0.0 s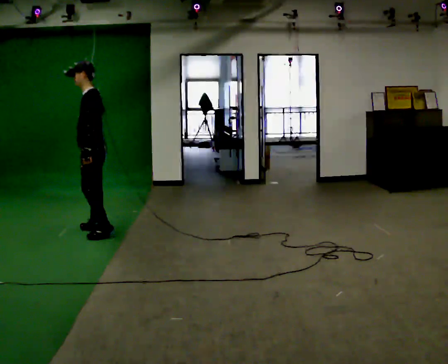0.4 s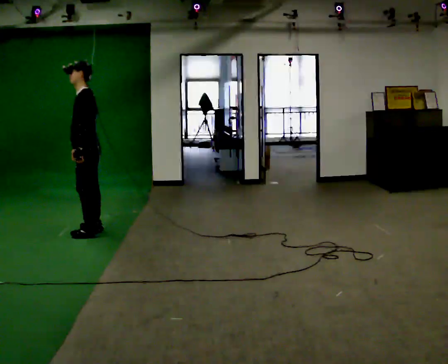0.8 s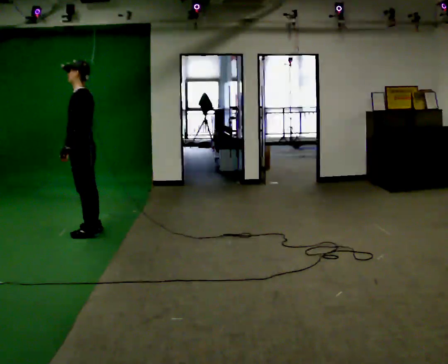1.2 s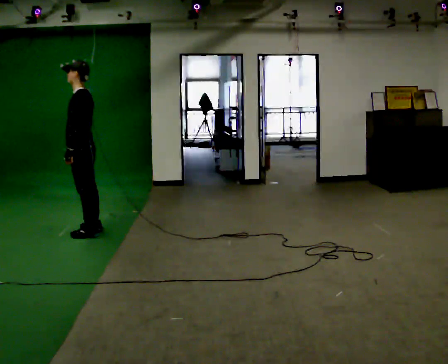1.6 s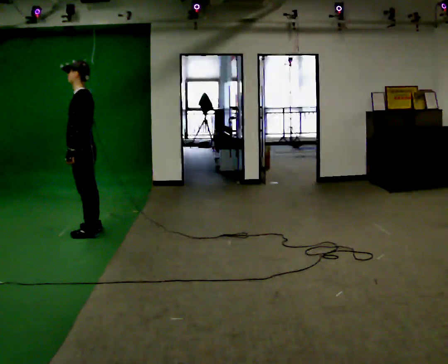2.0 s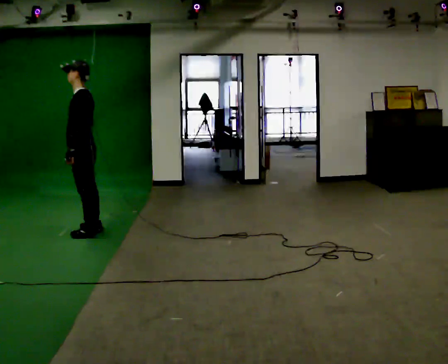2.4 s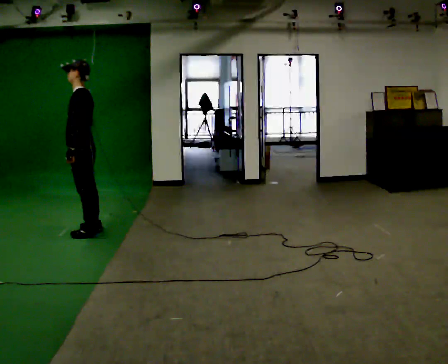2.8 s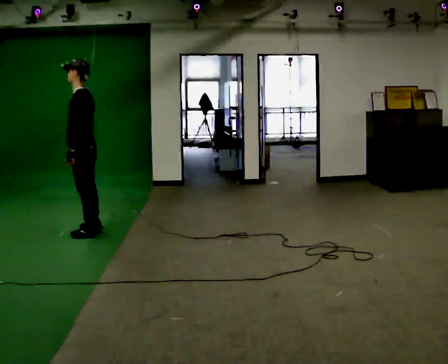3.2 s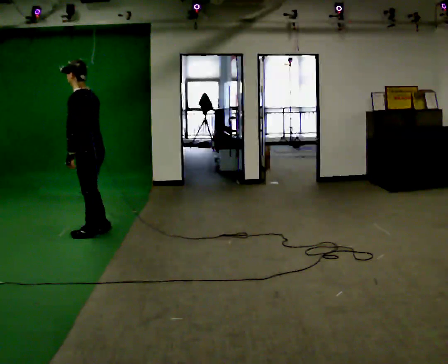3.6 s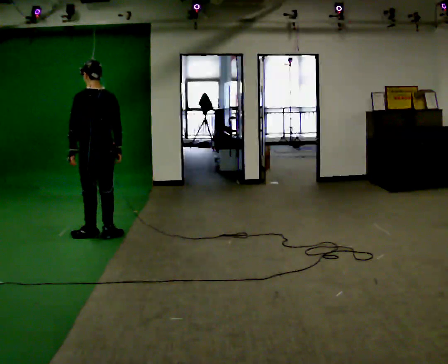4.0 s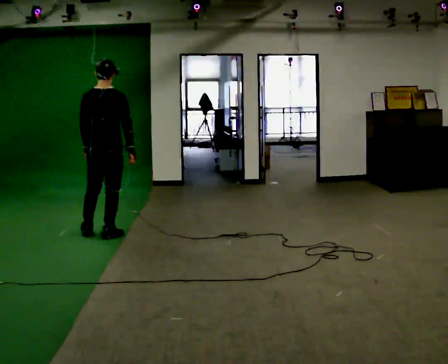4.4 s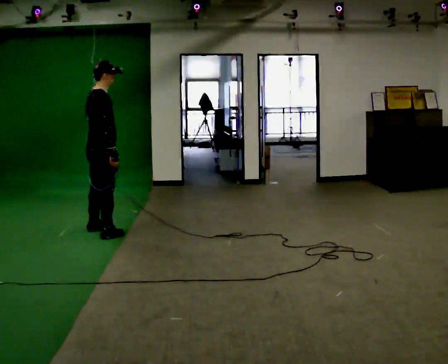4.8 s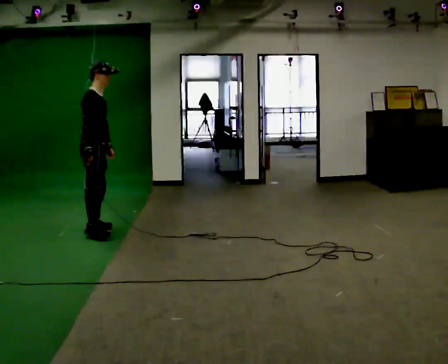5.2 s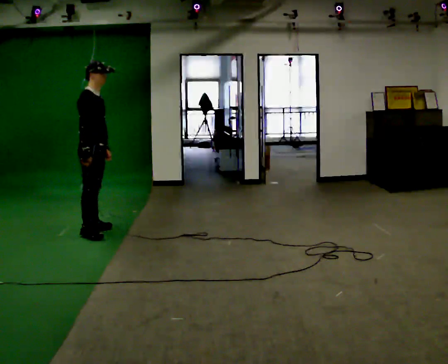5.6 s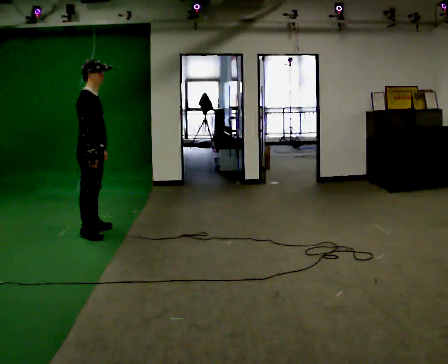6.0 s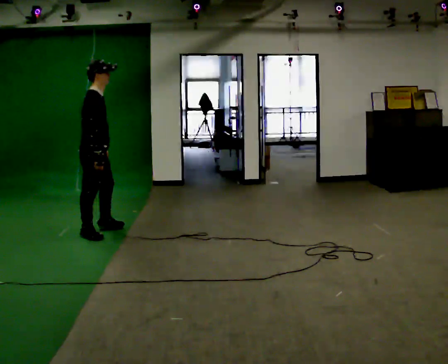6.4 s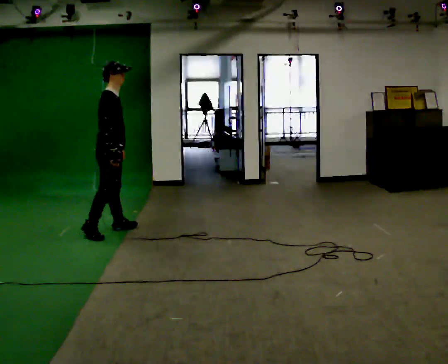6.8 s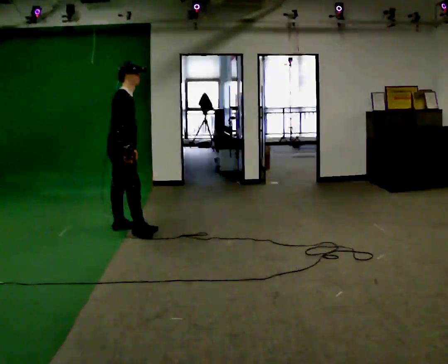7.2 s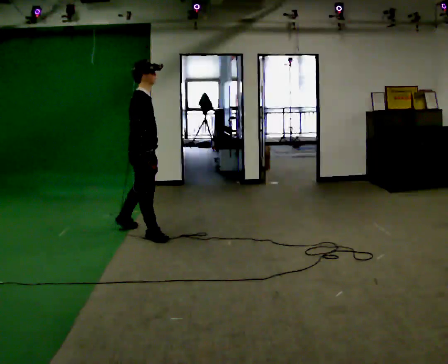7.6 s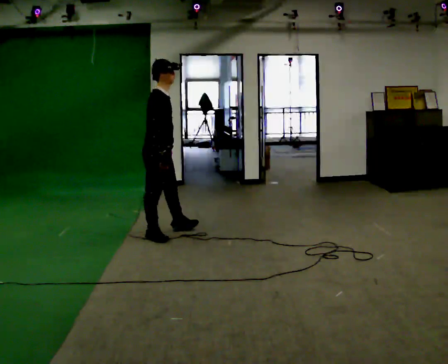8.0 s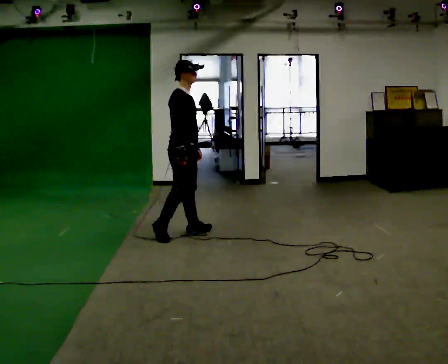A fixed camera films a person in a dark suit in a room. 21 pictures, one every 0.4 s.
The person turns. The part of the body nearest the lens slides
to the left.
The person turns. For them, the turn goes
to their right.
0.0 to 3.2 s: Seen from above the body turns clockwise, about 30 degrees: to their right, with its near side sliding to the left.
3.2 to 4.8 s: The part of the body nearest the lens slides to the left as the person turns to their right by about 165 degrees. In the picture they go away from the camera, about 0.25 m in 2 steps.
4.8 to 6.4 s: In the picture they go to the right, about 0.25 m in 2 steps, which for them is forward.
6.4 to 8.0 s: In the picture they go to the right, about 0.5 m in 2 steps, which for them is forward.
The film runs forward here.
